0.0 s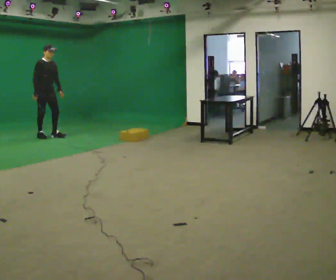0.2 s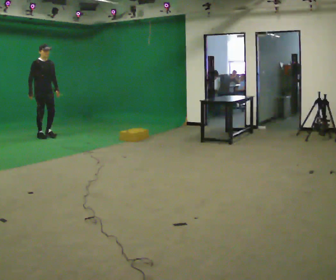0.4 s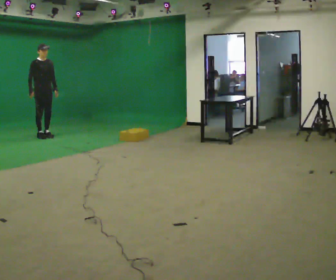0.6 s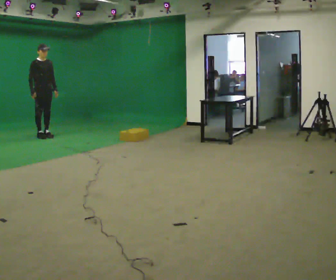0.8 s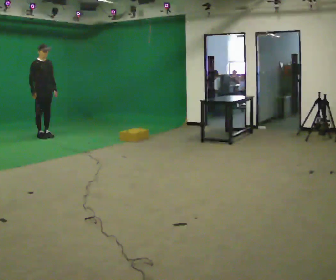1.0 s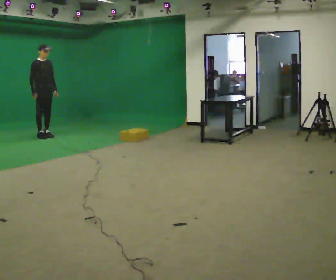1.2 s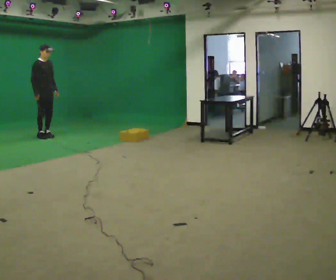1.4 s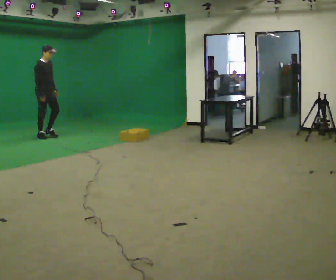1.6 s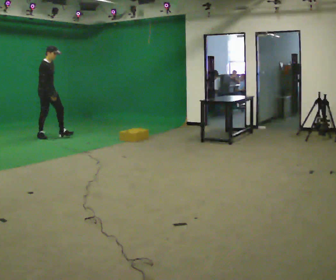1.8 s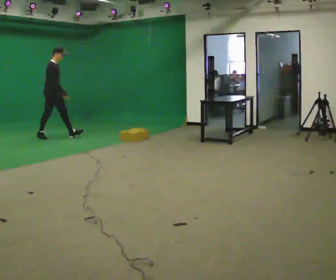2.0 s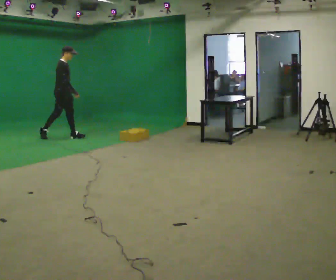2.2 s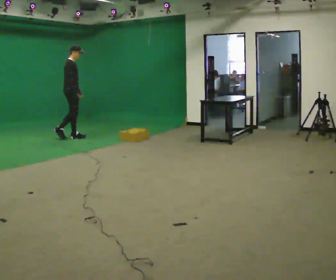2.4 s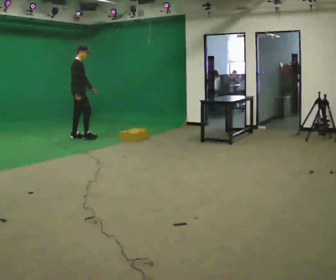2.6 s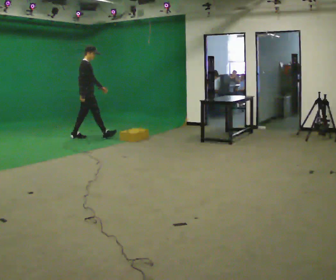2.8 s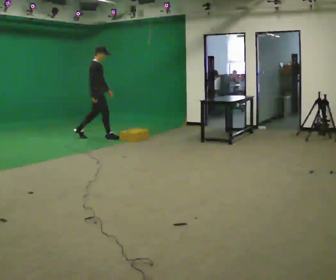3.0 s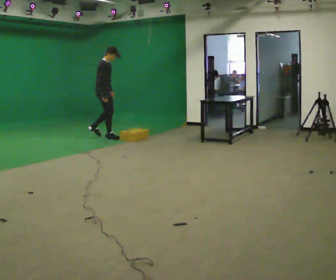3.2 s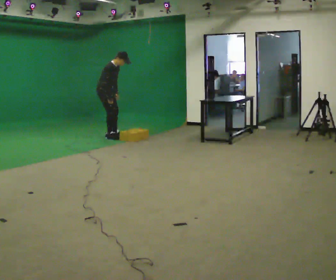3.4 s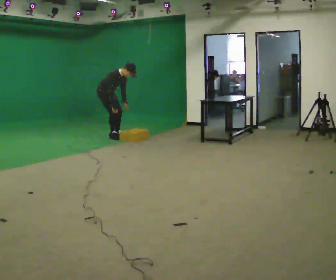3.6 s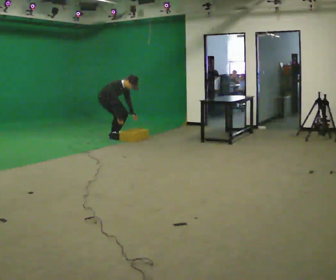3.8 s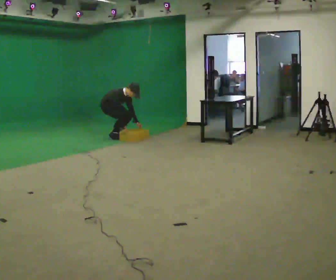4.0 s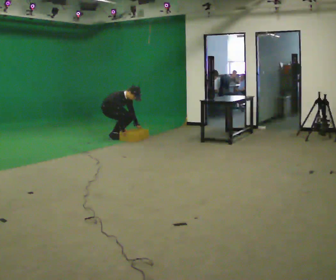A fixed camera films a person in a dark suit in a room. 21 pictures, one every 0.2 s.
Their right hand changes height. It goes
downward.
The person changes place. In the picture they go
to the right.
0.0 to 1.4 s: The person moves a little, or ends about where they began.
1.4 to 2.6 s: Seen from above the body turns counterclockwise, about 30 degrees: to their left, with its near side sliding to the right. In the picture they go to the right, about 1 m in 1 step, which for them is forward.
2.6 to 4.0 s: Seen from above the body turns clockwise, about 45 degrees: to their right, with its near side sliding to the left. In the picture they go to the right, about 0.5 m in 2 steps, which for them is to their left and forward. The shoulders move downward. In the picture the upper body tilts clockwise, shoulders to the right, as they bend forward. In the picture their right hand goes downward.
The film runs forward here.
